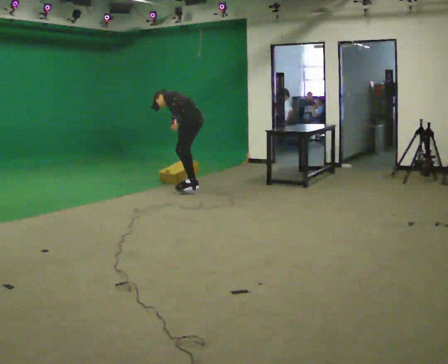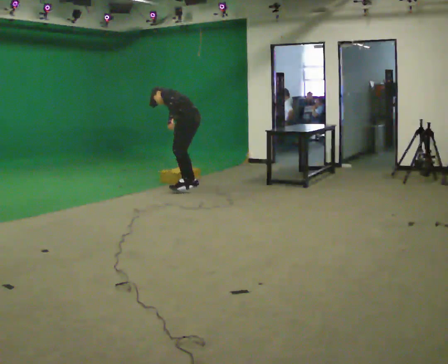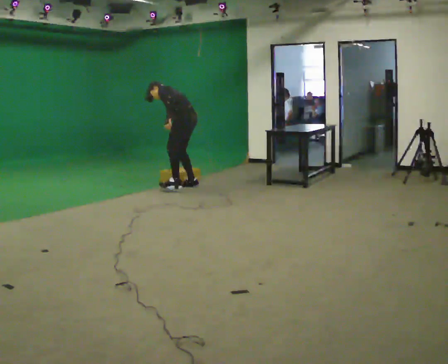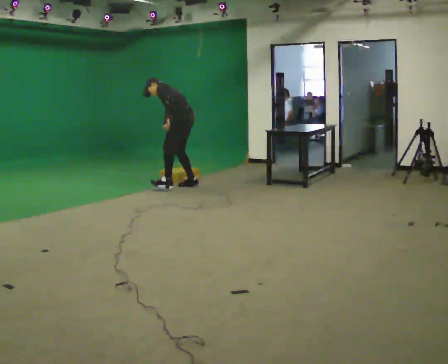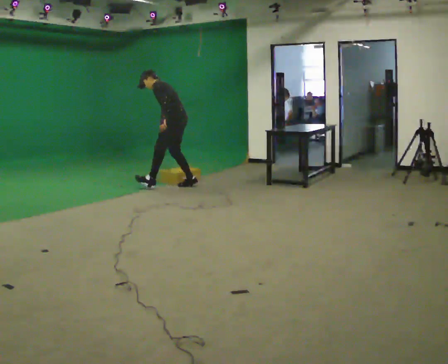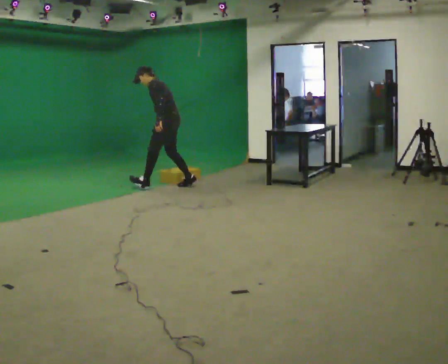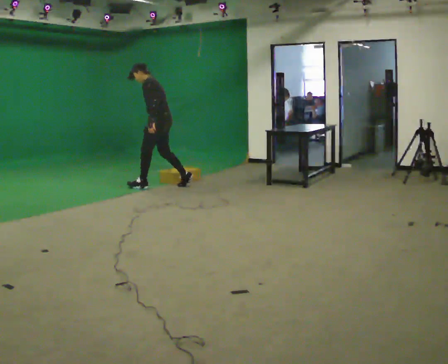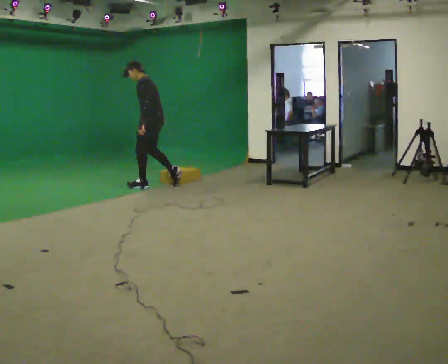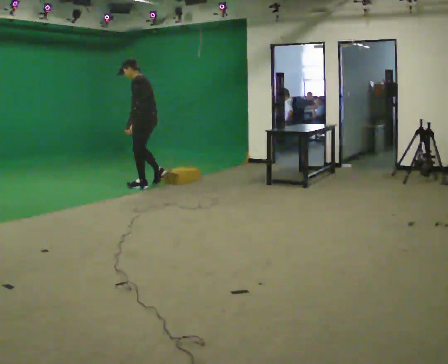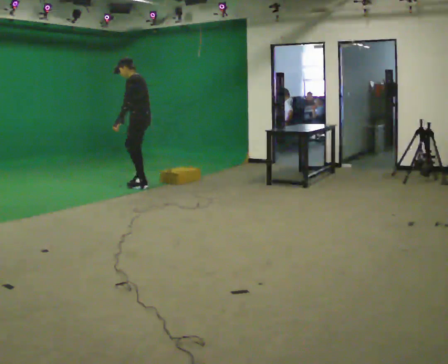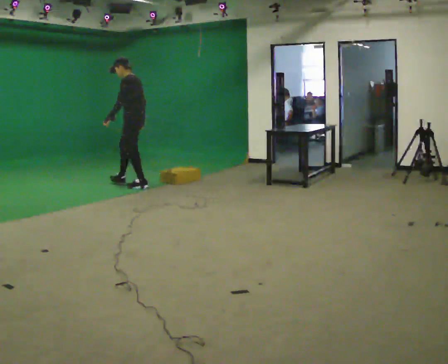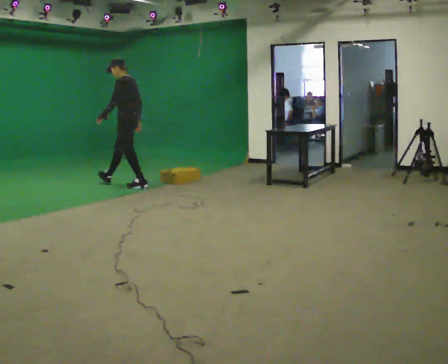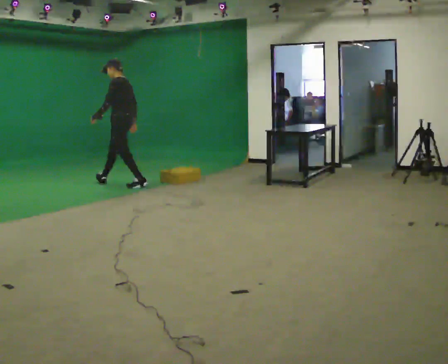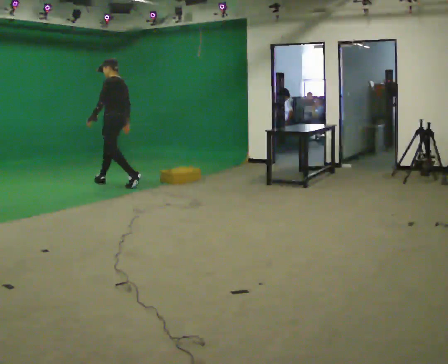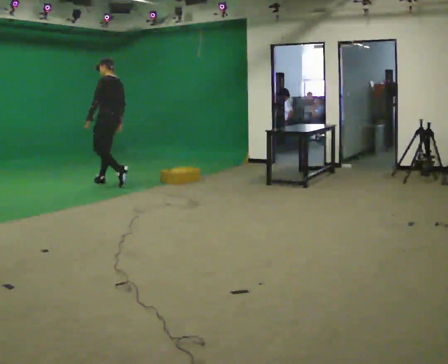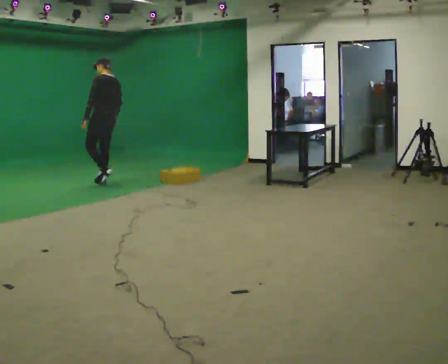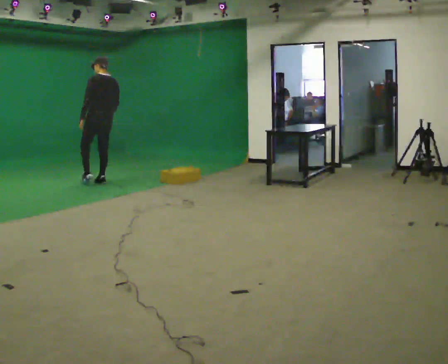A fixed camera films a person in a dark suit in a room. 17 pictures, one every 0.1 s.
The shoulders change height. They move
upward.
The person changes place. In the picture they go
to the left.
0.0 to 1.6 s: The person turns about 30 degrees to their right, clockwise seen from above, so the part of the body nearest the lens slides to the left. In the picture they go to the left, about 1.5 m in 2 steps, which for them is forward. The shoulders move upward. In the picture the upper body tilts clockwise, shoulders to the right, as they lean back or straighten.
The film runs forward here.
